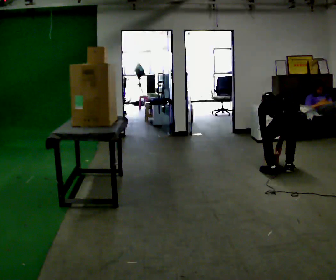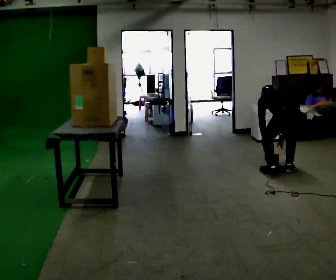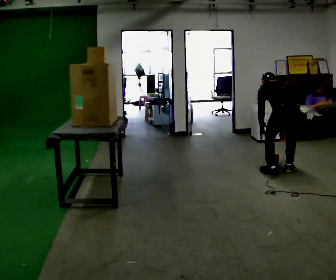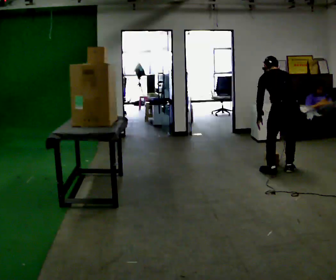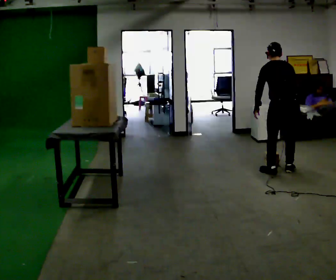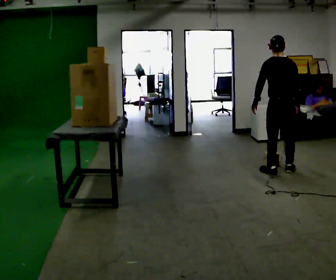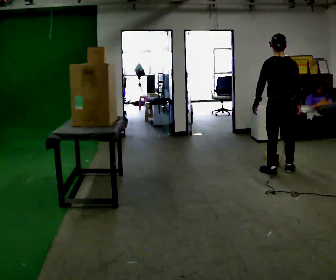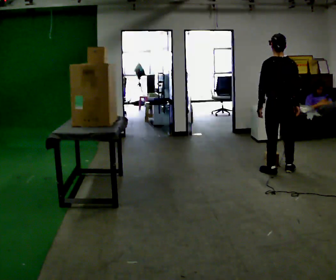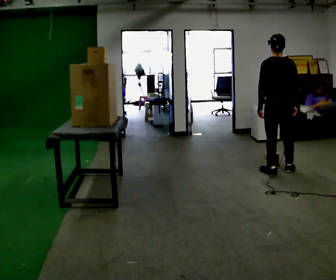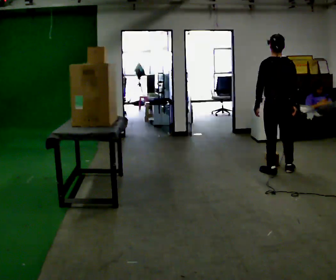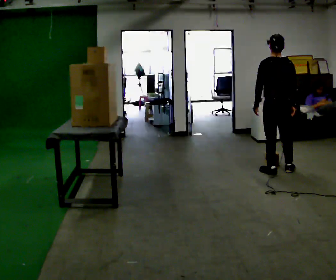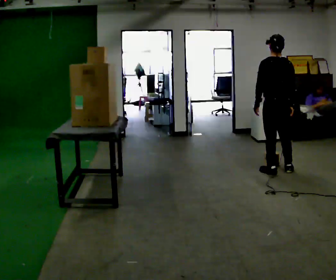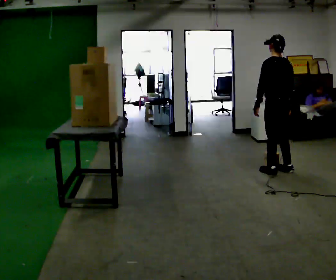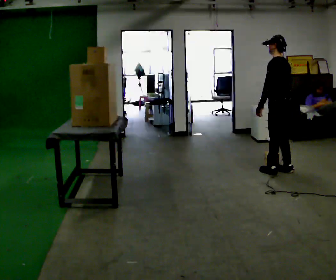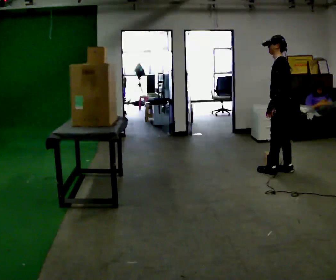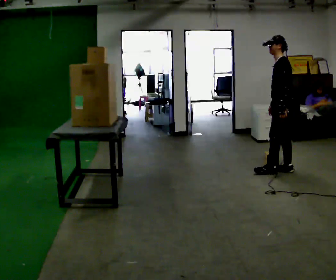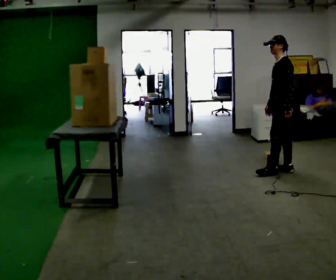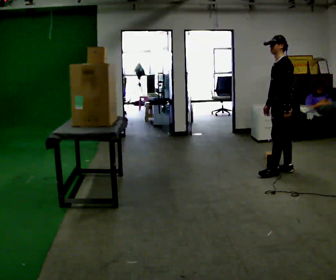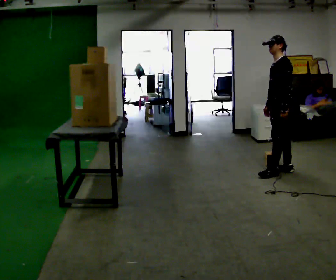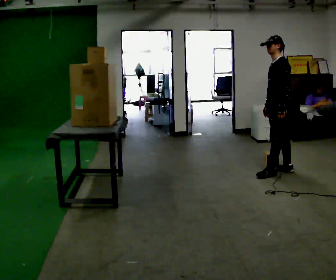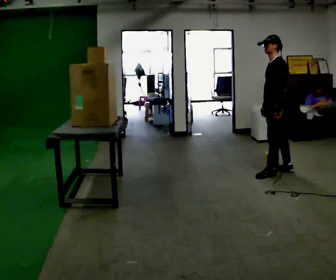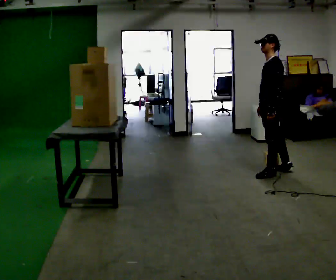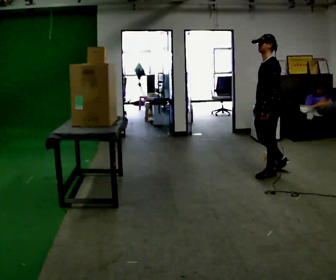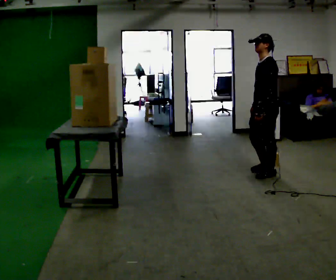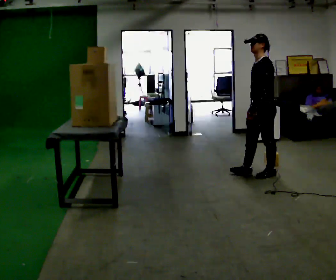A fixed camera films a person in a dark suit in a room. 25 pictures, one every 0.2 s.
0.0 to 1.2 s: The upper body goes upward. The upper body tips toward the camera, its near side rolling downward, as they lean back or straighten. In the picture their right hand goes upward.
1.2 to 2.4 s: Seen from above the body turns counterclockwise, about 30 degrees: to their left, with its near side sliding to the right.
2.4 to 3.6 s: Seen from above the body turns counterclockwise, about 60 degrees: to their left, with its near side sliding to the right. In the picture their left hand goes to the right.
3.6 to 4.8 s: In the picture they go to the left and toward the camera, about 0.25 m in 1 step, which for them is forward and to their left.
The film runs forward here.
